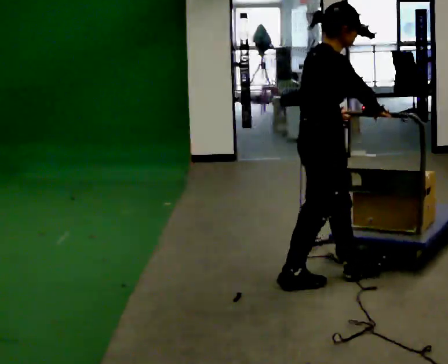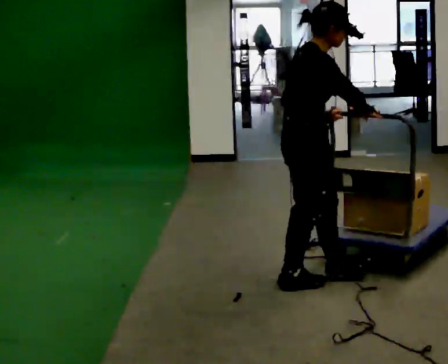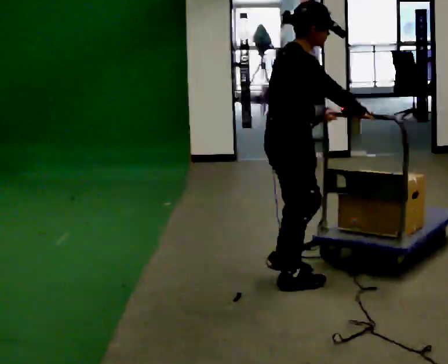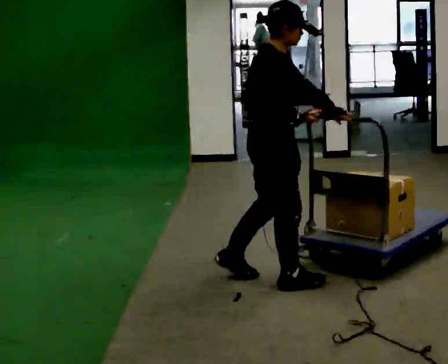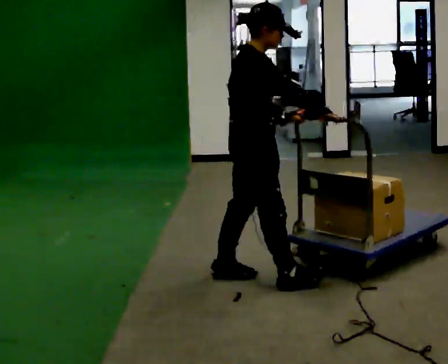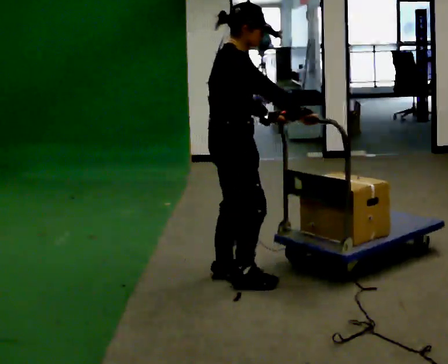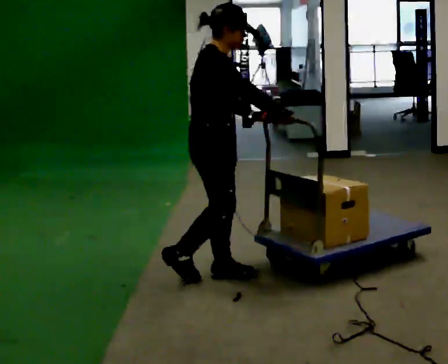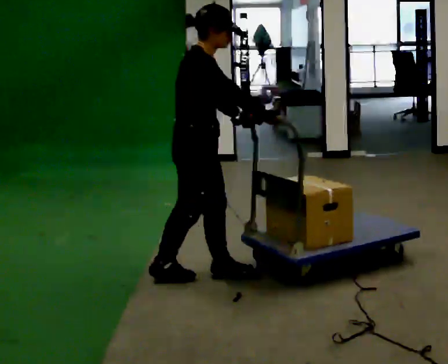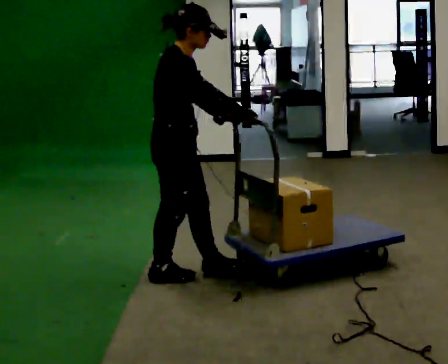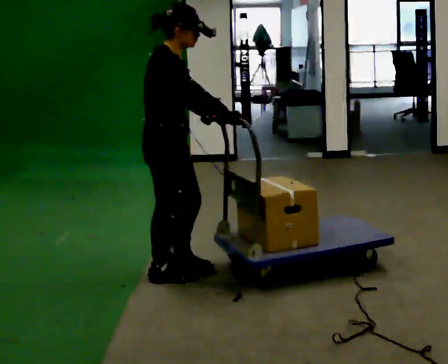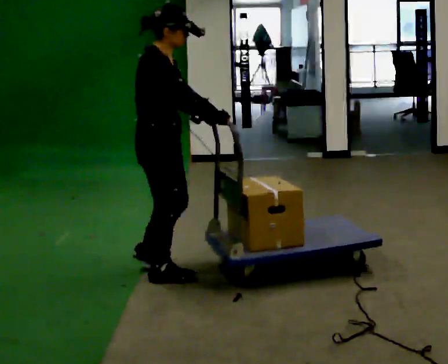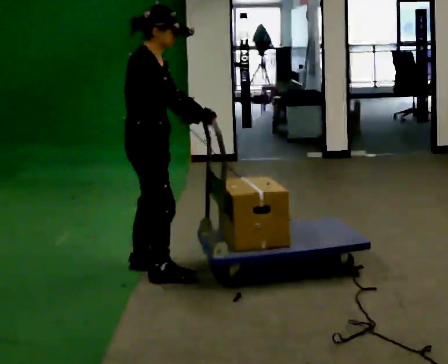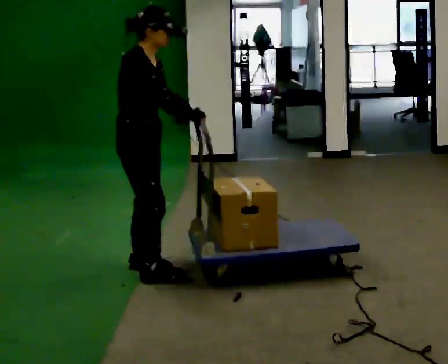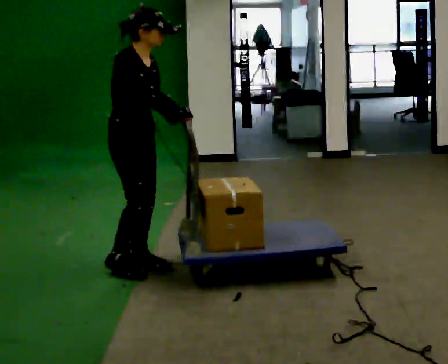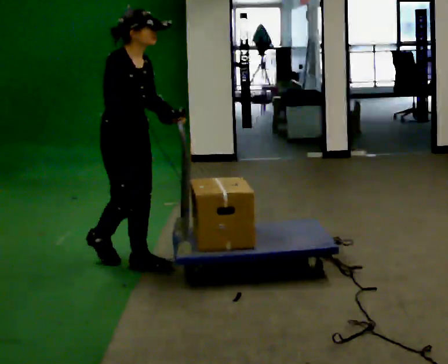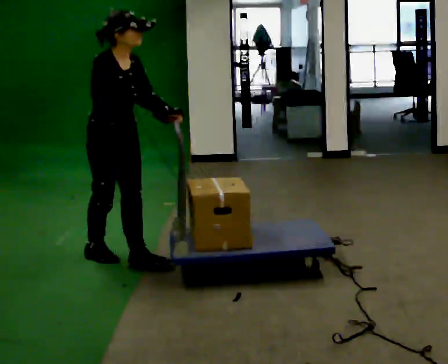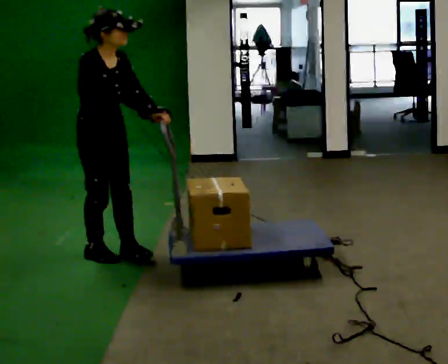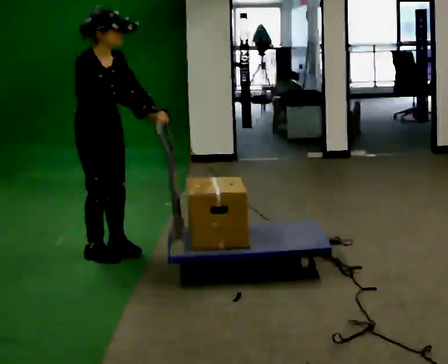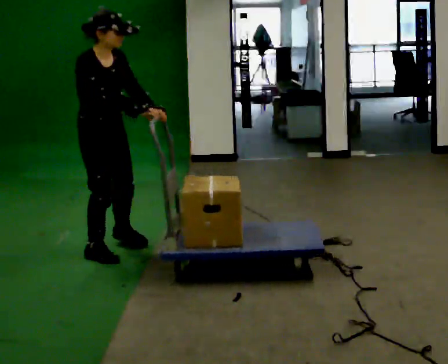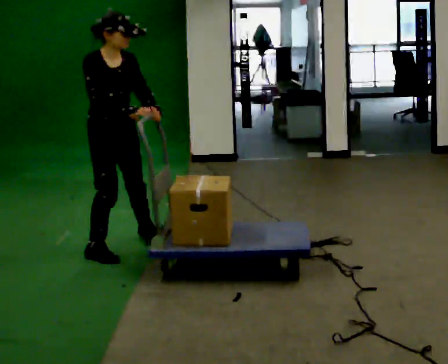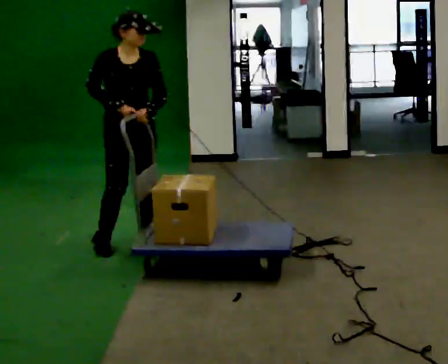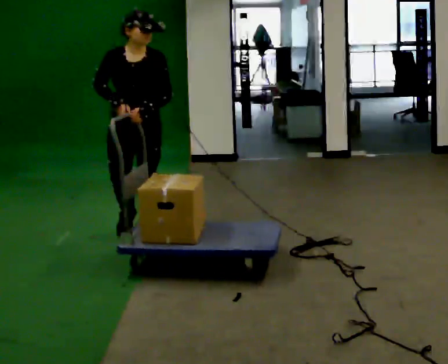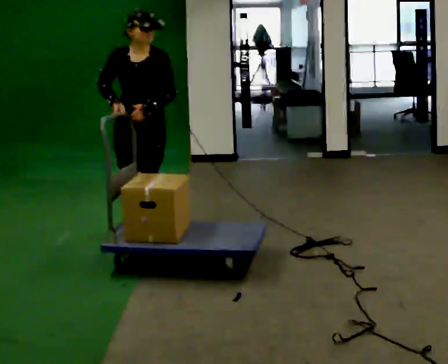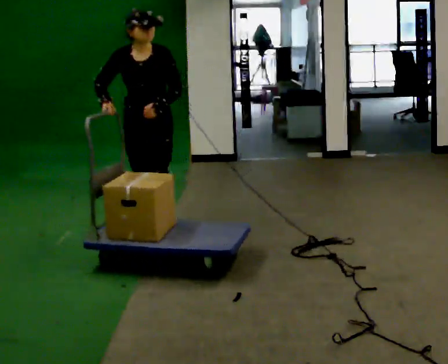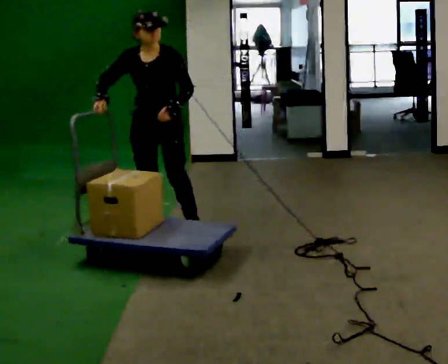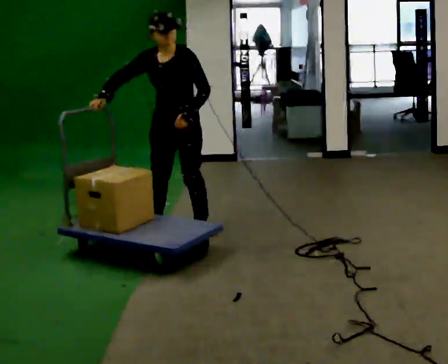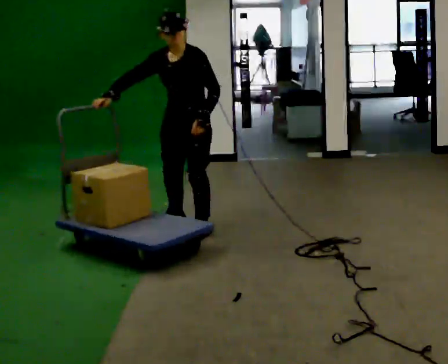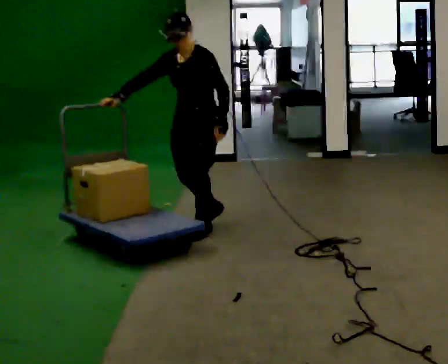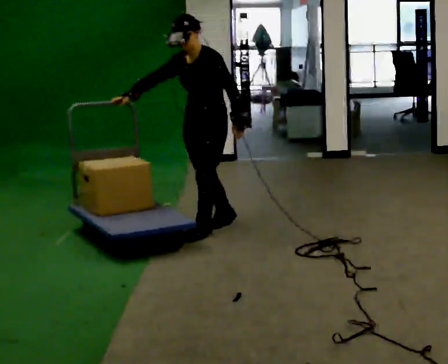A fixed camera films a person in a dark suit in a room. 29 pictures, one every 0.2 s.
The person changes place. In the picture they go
away from the camera.
The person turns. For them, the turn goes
to their right.
0.0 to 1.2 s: In the picture they go to the left, about 0.5 m in 2 steps, which for them is backward.
1.2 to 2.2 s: In the picture they go to the left, about 0.25 m in 1 step, which for them is backward.
2.2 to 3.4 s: The part of the body nearest the lens slides to the left as the person turns to their right by about 30 degrees. In the picture they go to the left and away from the camera, about 0.5 m in 2 steps, which for them is backward.
3.4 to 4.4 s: The person turns about 60 degrees to their right, clockwise seen from above, so the part of the body nearest the lens slides to the left. In the picture they go away from the camera and to the right, about 0.5 m in 1 step.
4.4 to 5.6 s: The person turns about 45 degrees to their right, clockwise seen from above, so the part of the body nearest the lens slides to the left. In the picture they go to the right, about 0.5 m in 2 steps, which for them is to their left and backward.
The film runs backward here.
